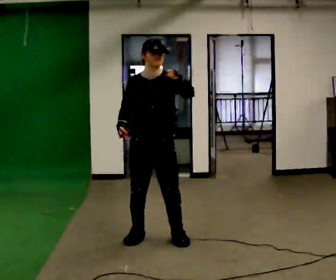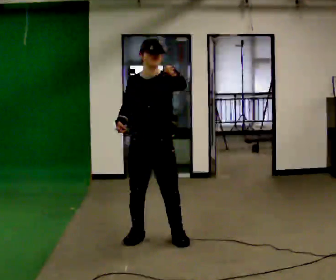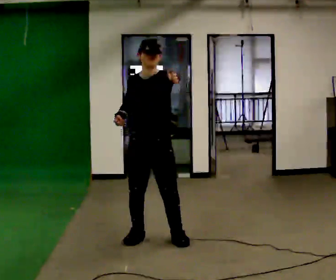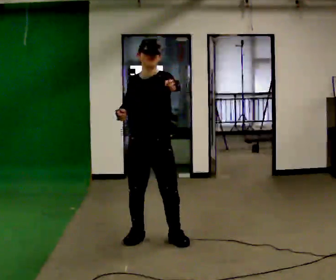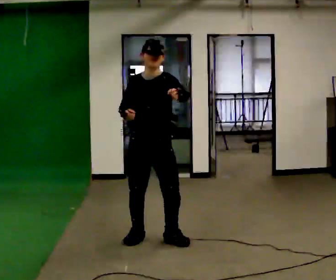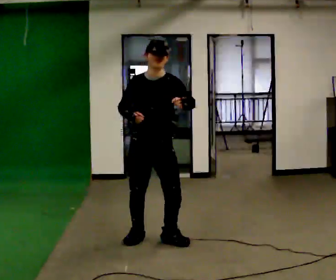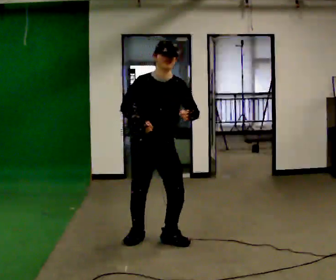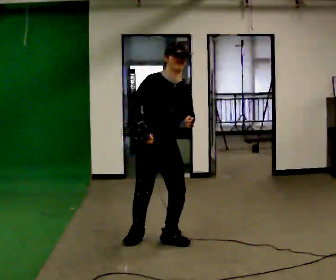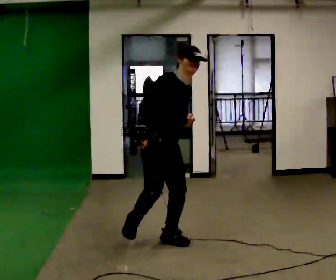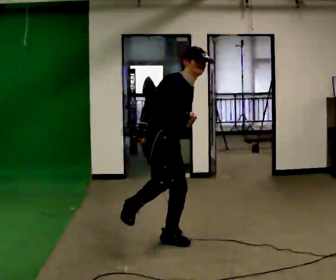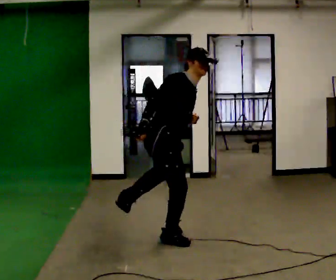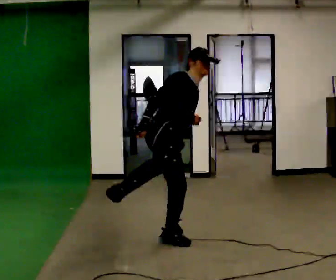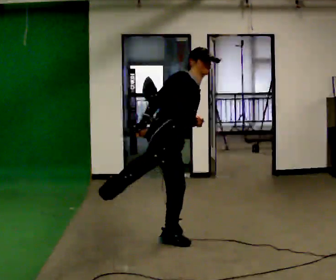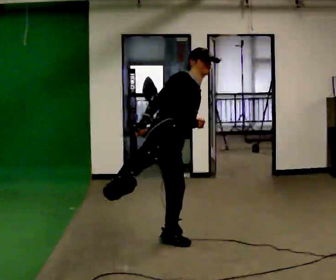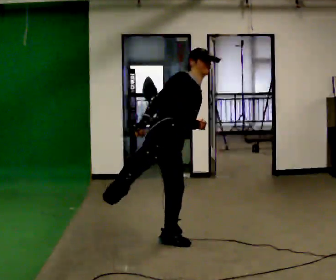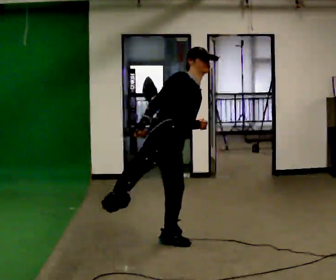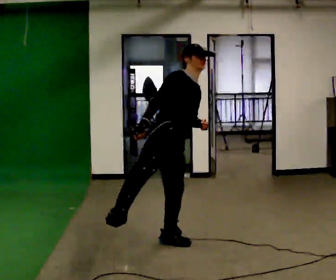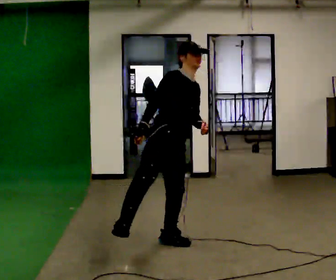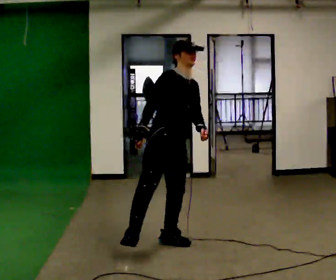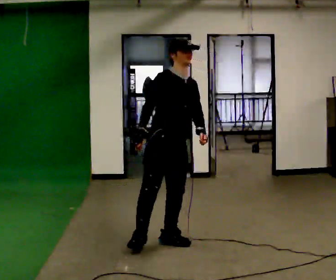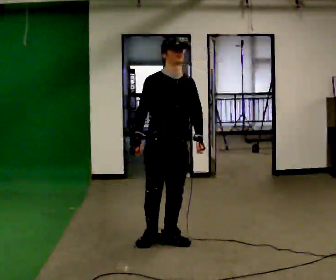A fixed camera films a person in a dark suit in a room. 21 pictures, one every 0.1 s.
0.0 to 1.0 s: The part of the body nearest the lens slides to the right as the person turns to their left by about 60 degrees. In the picture the upper body tilts clockwise, shoulders to the right, as they bend forward. In the picture their left hand goes downward.
1.0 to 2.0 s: Seen from above the body turns clockwise, about 45 degrees: to their right, with its near side sliding to the left. In the picture the upper body tilts counterclockwise, shoulders to the left, as they lean back or straighten.
The film runs forward here.
